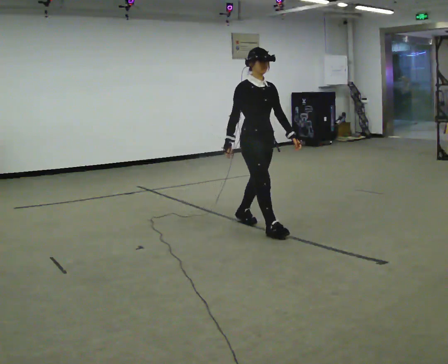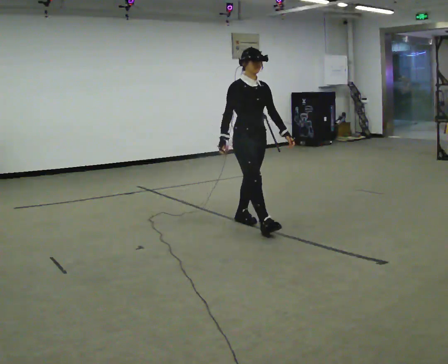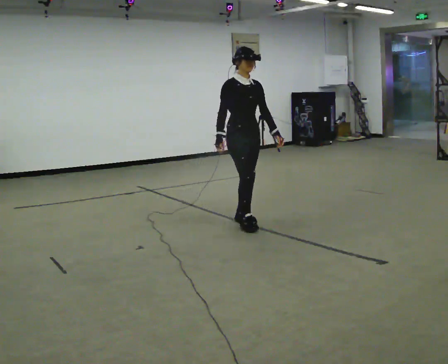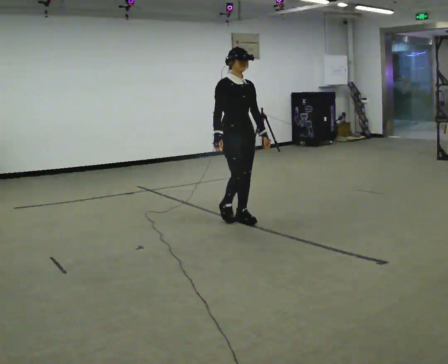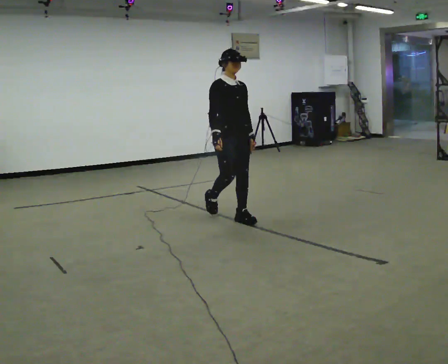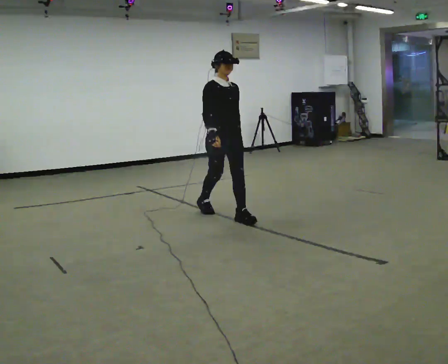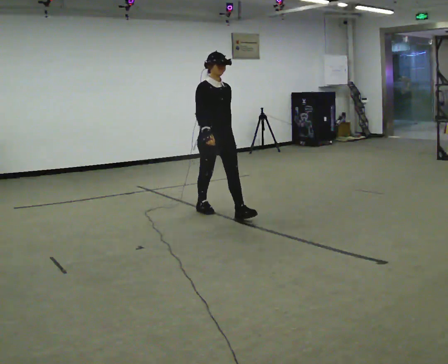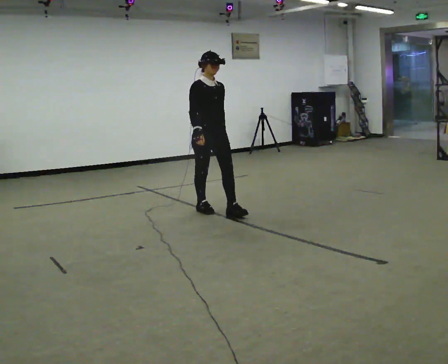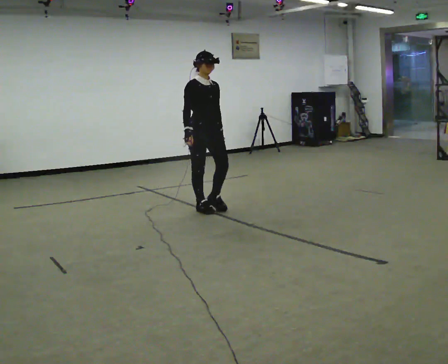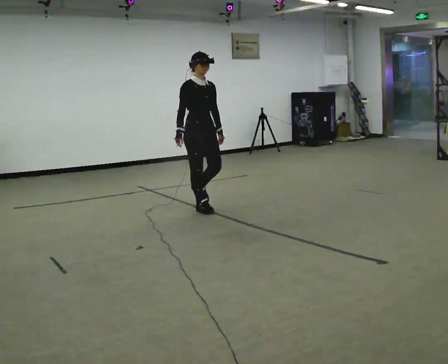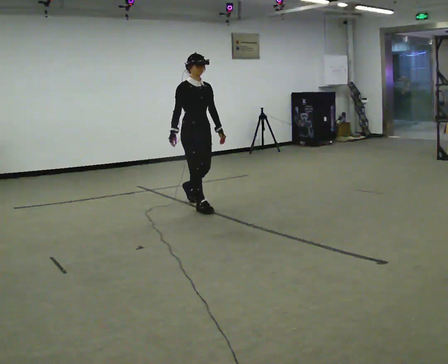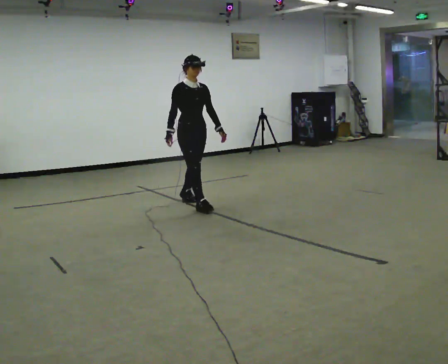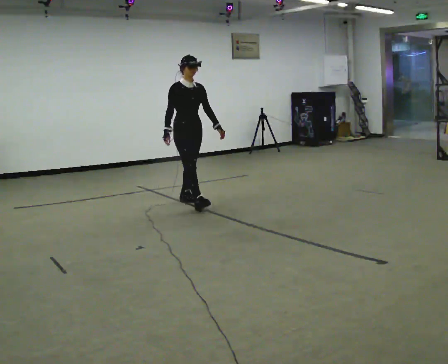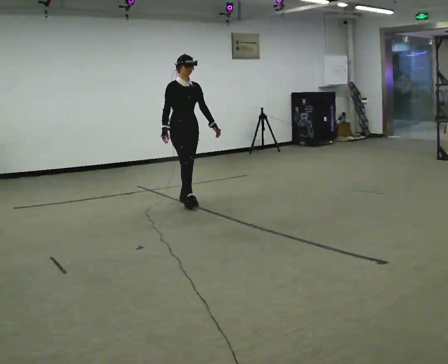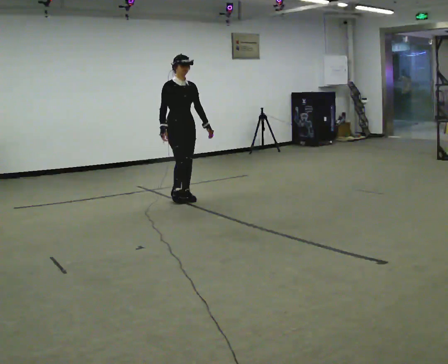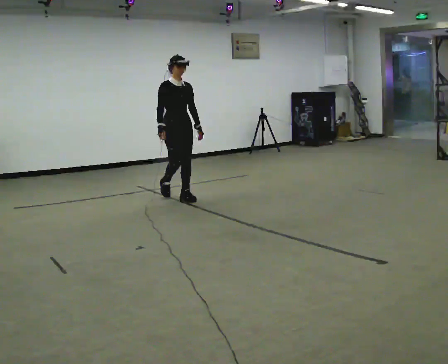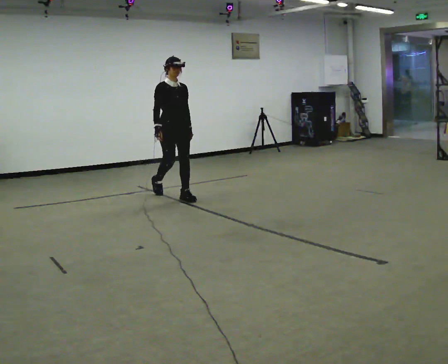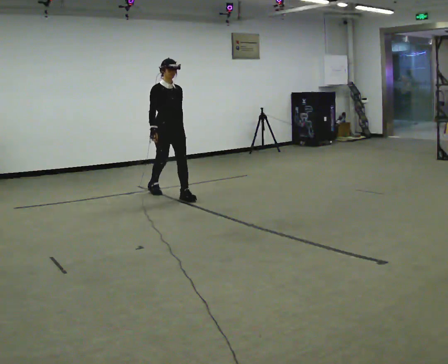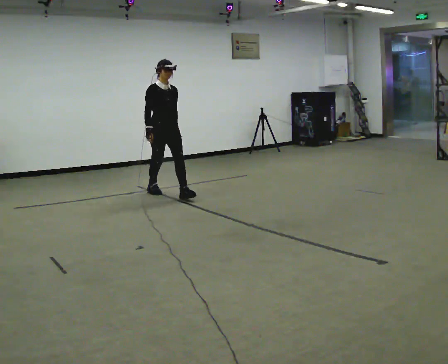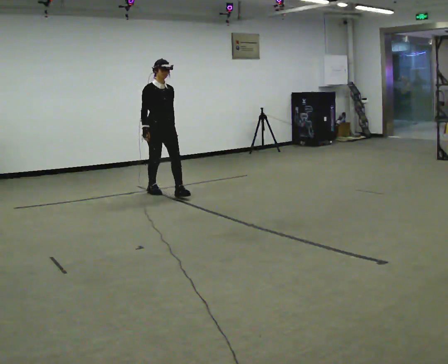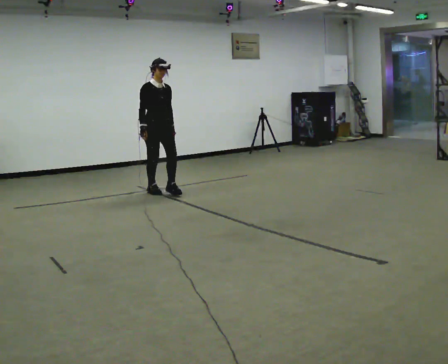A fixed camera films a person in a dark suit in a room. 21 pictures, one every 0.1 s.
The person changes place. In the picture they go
away from the camera.
0.0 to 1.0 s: In the picture they go away from the camera and to the left, about 1 m in 2 steps, which for them is backward.
1.0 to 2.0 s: In the picture they go away from the camera and to the left, about 1 m in 2 steps, which for them is backward.
The film runs backward here.
